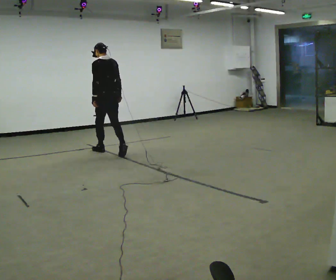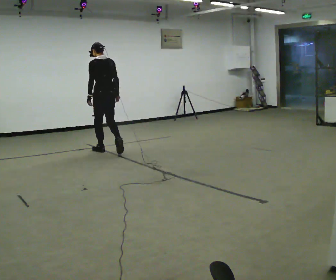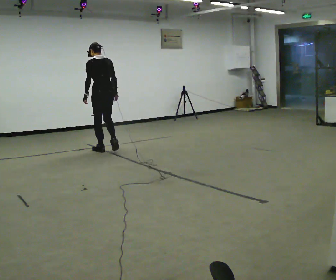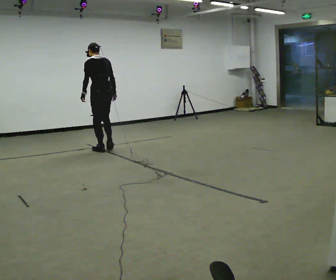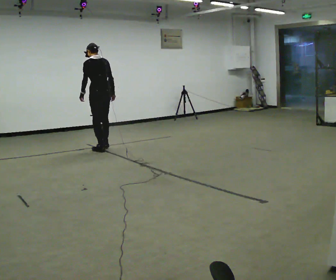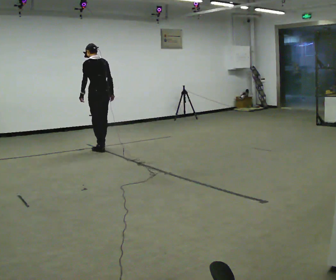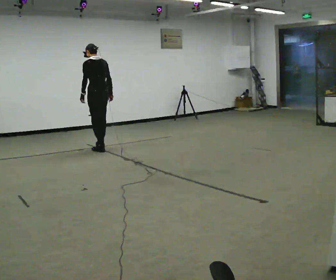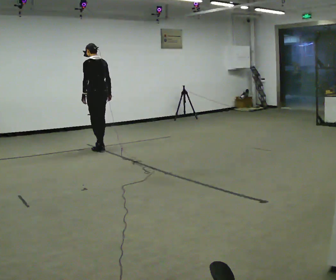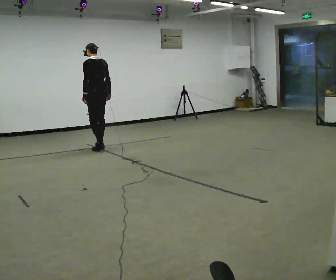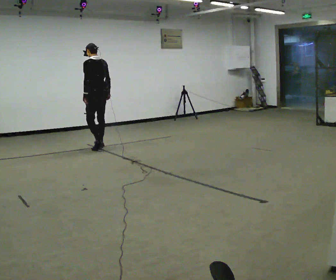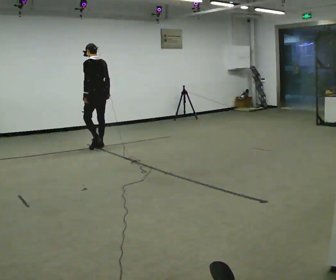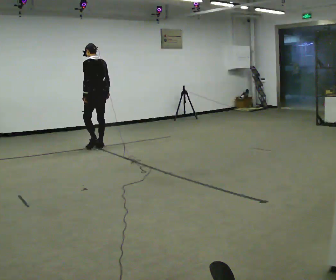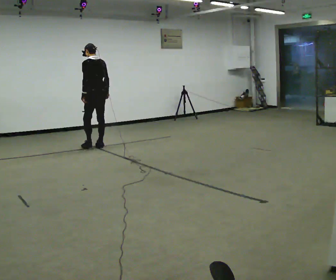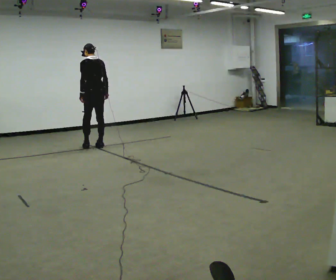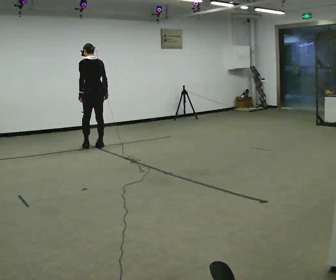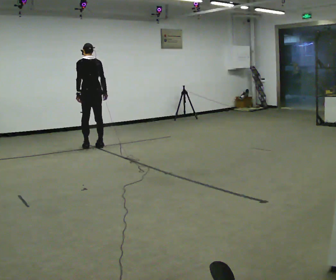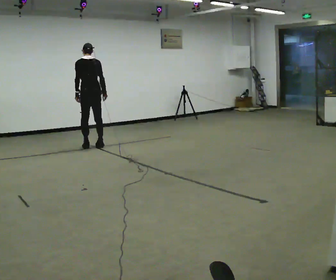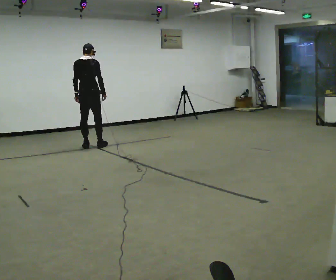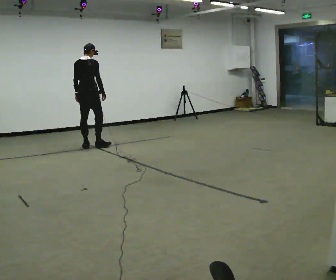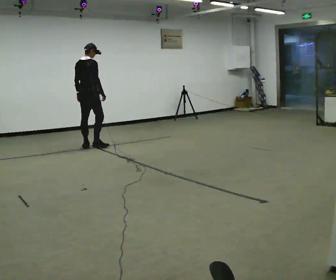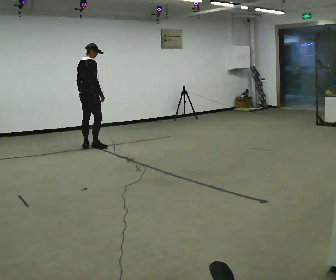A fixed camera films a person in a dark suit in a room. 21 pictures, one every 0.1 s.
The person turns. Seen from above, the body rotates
clockwise.
The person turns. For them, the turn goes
to their right.
0.0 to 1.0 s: In the picture they go away from the camera, about 0.5 m in 1 step, which for them is forward.
1.0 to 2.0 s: The part of the body nearest the lens slides to the left as the person turns to their right by about 90 degrees. In the picture they go to the left, about 0.25 m in 1 step.
The film runs forward here.
